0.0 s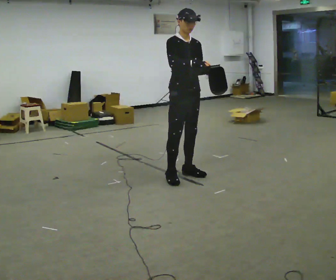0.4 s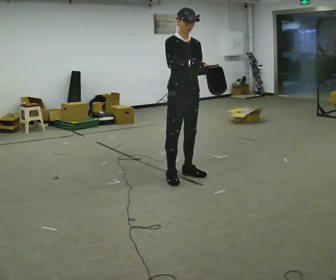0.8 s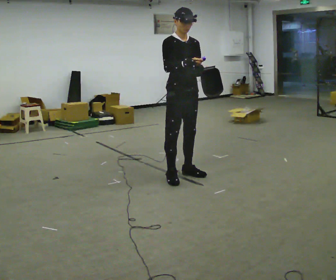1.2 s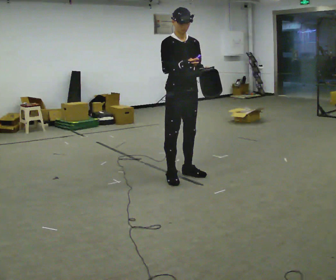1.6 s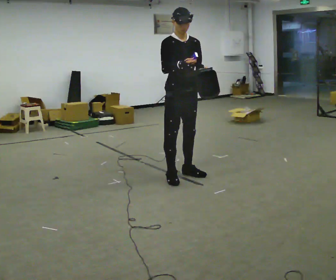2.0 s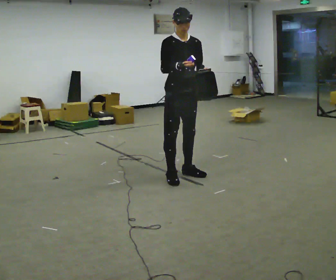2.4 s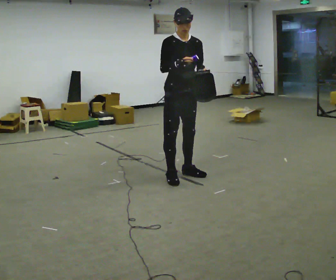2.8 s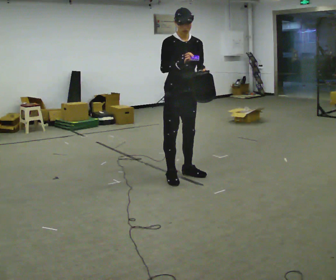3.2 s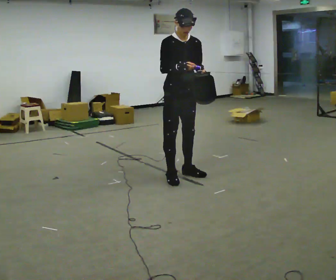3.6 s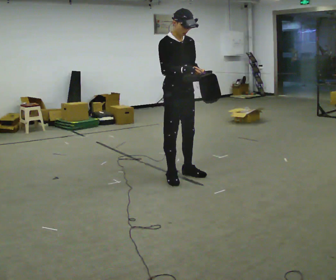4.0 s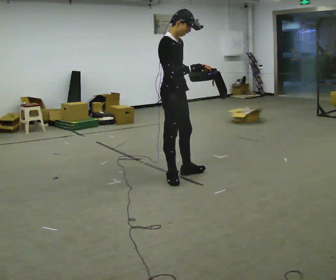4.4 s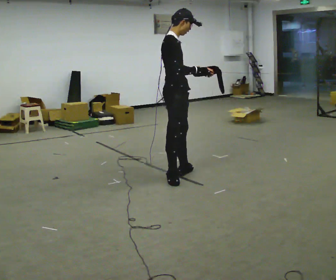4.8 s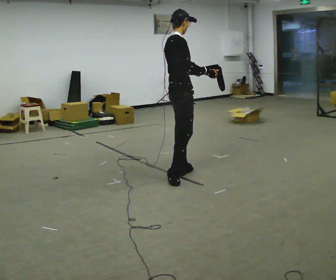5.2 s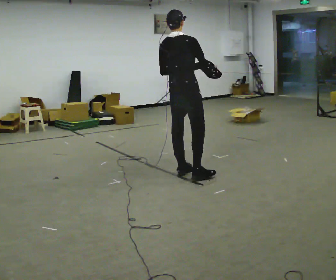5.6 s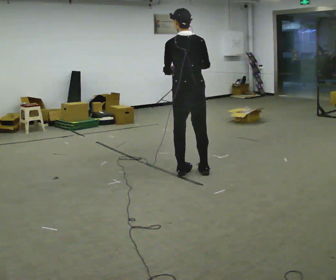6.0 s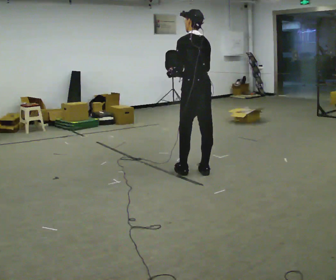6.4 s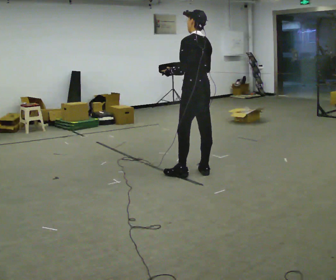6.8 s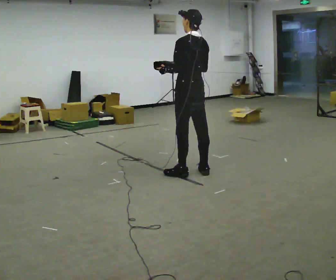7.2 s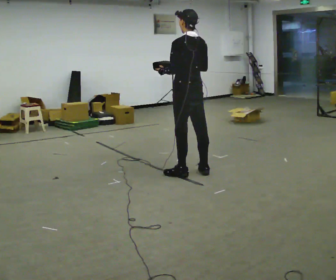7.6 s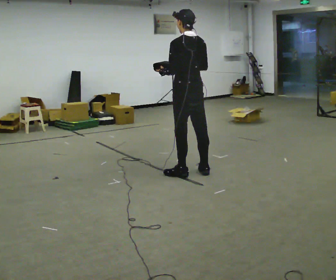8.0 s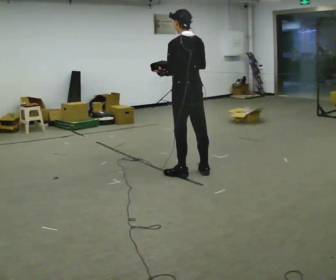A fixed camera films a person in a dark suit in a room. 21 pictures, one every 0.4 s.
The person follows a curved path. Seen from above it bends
counterclockwise.
The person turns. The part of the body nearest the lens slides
to the right.
0.0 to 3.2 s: The person moves a little, or ends about where they began.
3.2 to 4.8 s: The person turns about 75 degrees to their left, counterclockwise seen from above, so the part of the body nearest the lens slides to the right.
4.8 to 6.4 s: Seen from above the body turns counterclockwise, about 135 degrees: to their left, with its near side sliding to the right. In the picture they go to the right, about 0.25 m in 1 step.
6.4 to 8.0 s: The person moves a little, or ends about where they began.
The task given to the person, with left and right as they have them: Carry the open container and, while walking, reach in with one hand and take an item out, then put it back. Repeat as you walk. Do not stop.
The film runs forward here.
